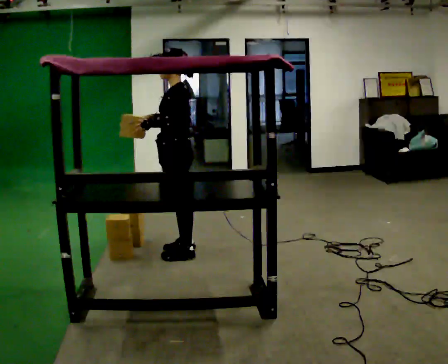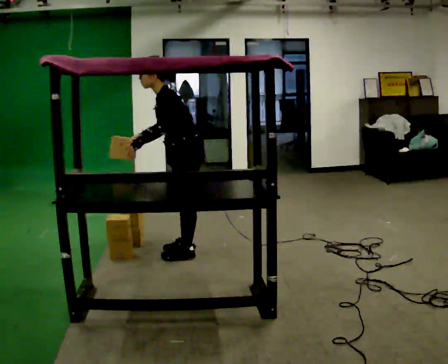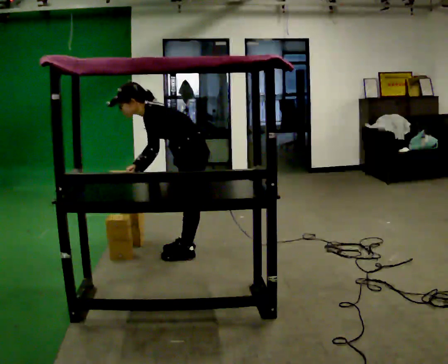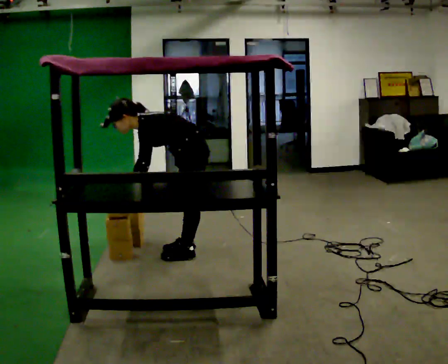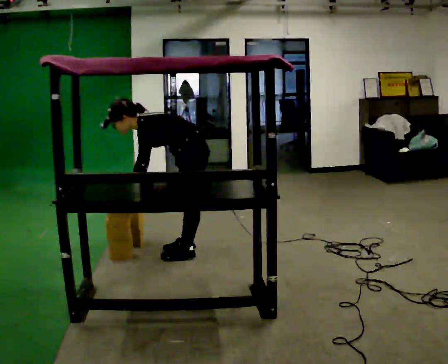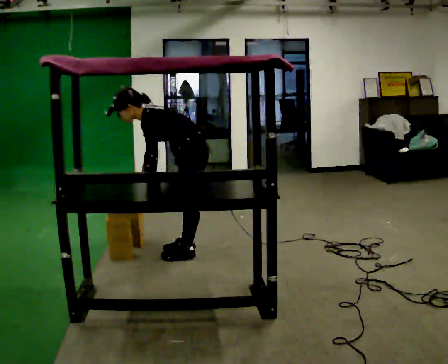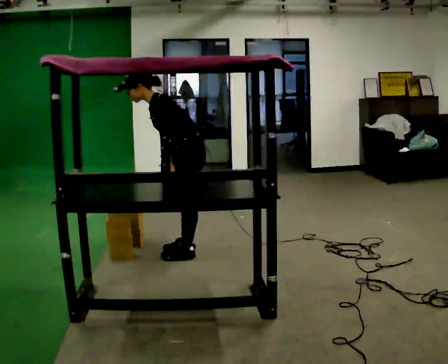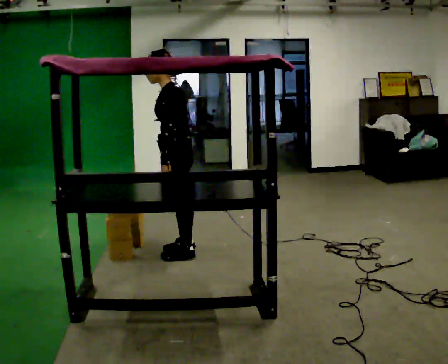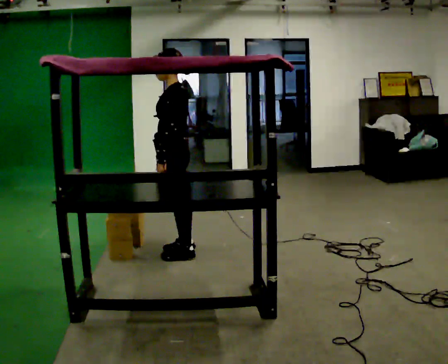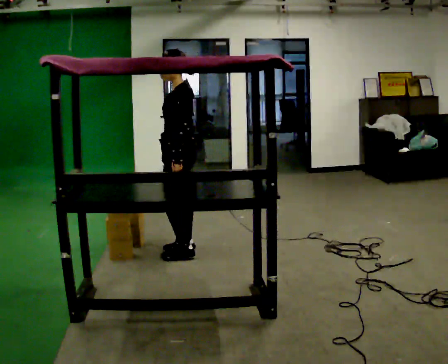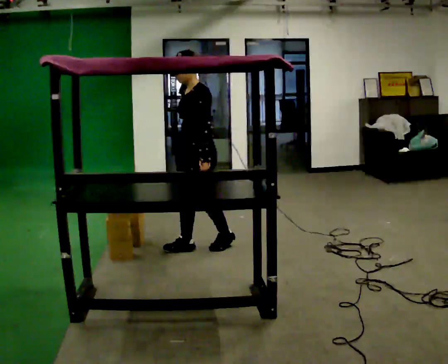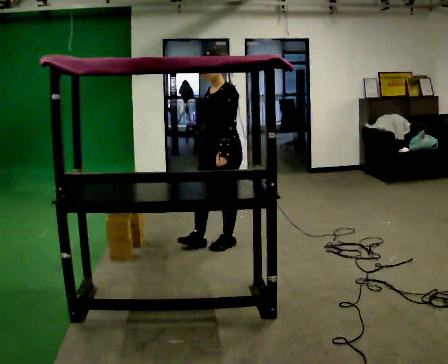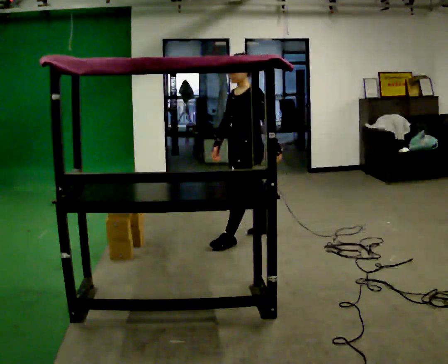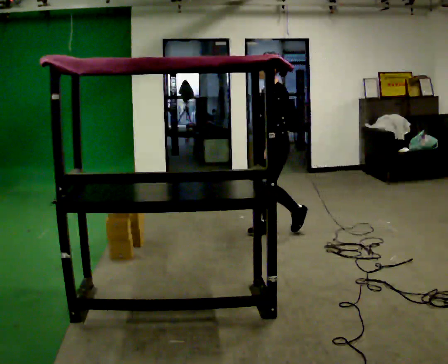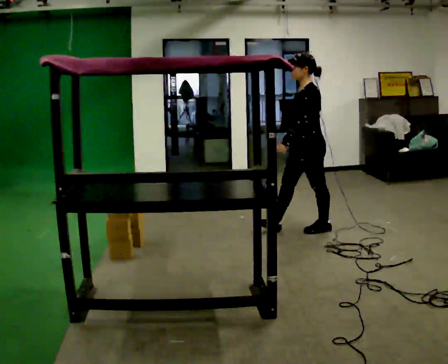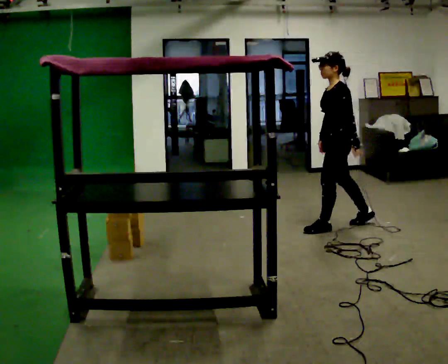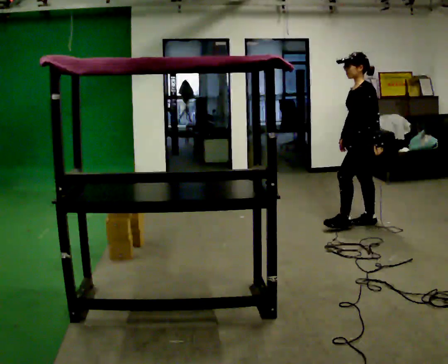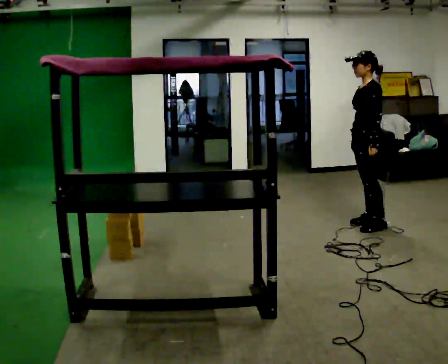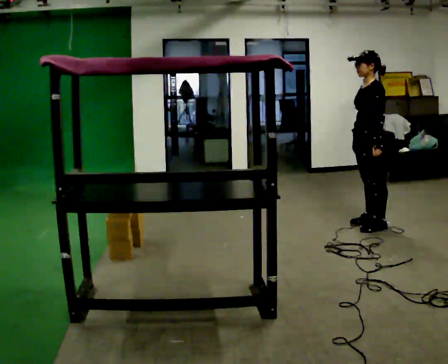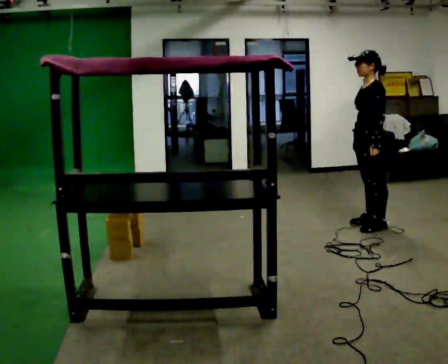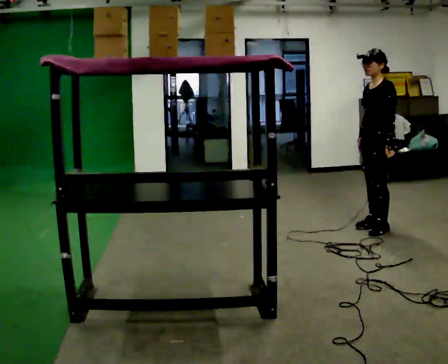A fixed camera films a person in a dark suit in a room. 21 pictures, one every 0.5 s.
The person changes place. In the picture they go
to the right.
0.0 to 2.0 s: The upper body goes downward. In the picture the upper body tilts counterclockwise, shoulders to the left, as they bend forward. In the picture their right hand goes downward.
2.0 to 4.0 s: The shoulders move upward. In the picture the upper body tilts clockwise, shoulders to the right, as they lean back or straighten. In the picture their right hand goes to the right.
4.0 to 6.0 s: The person turns about 30 degrees to their left, counterclockwise seen from above, so the part of the body nearest the lens slides to the right. In the picture they go to the right and away from the camera, about 0.75 m in 2 steps, which for them is backward.
6.0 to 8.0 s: The part of the body nearest the lens slides to the left as the person turns to their right by about 30 degrees. In the picture they go to the right, about 1 m in 3 steps, which for them is backward.
8.0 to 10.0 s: In the picture they go toward the camera, about 0.25 m, which for them is to their left.
The film runs backward here.
